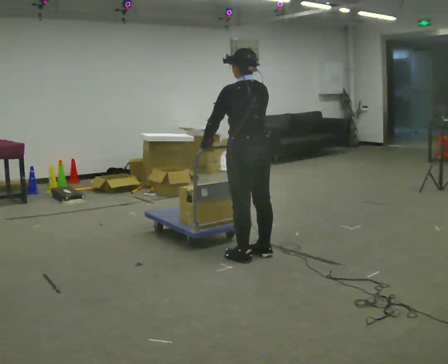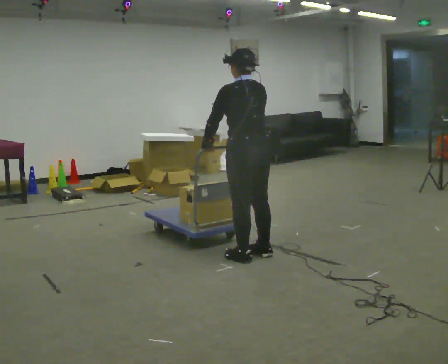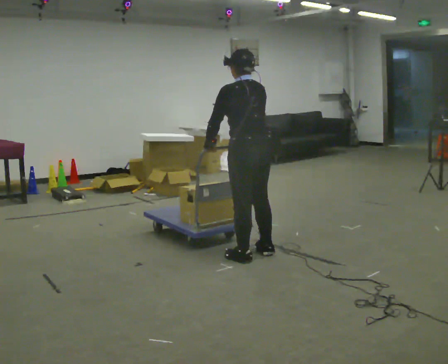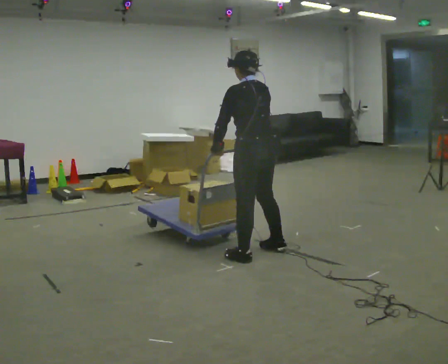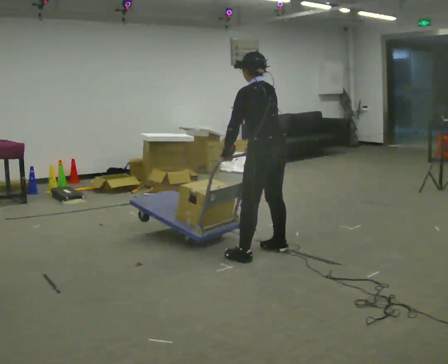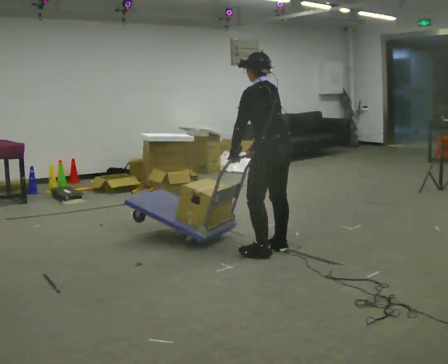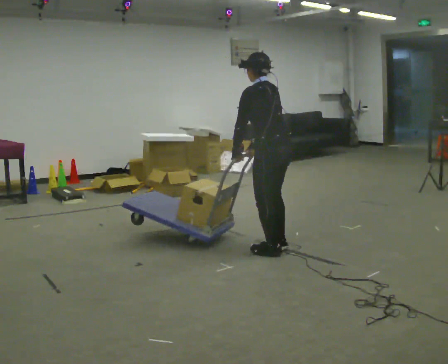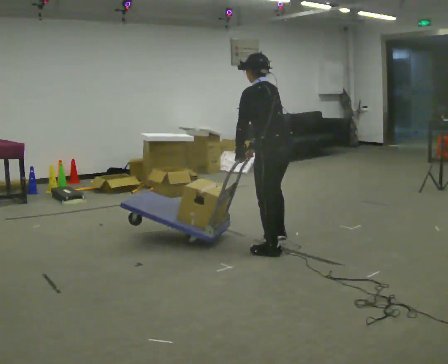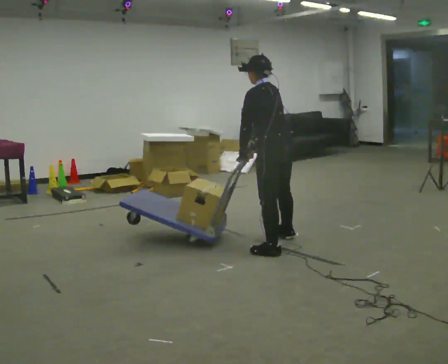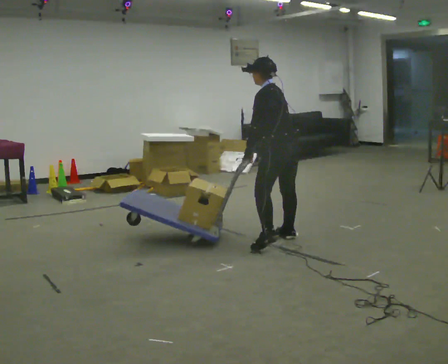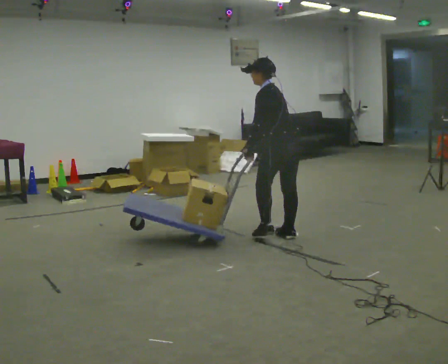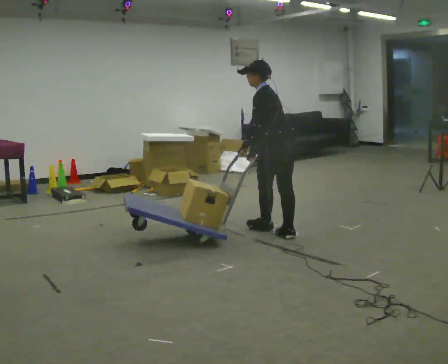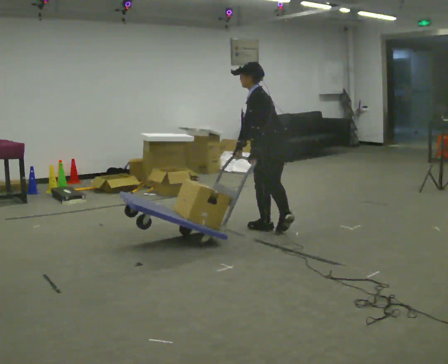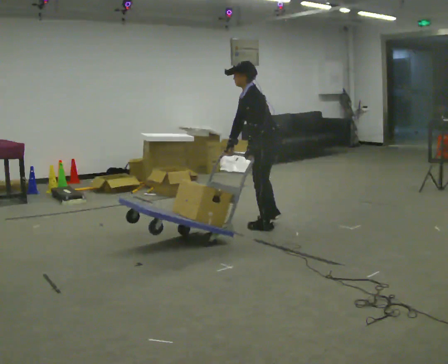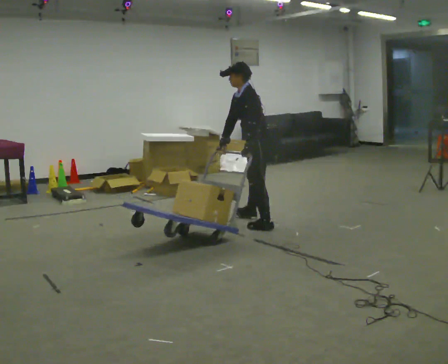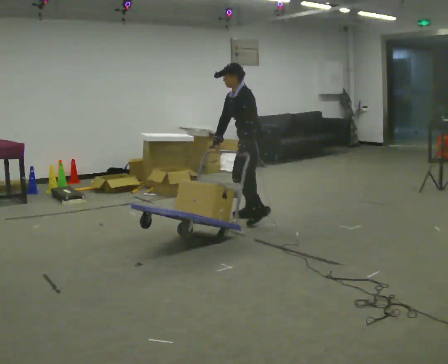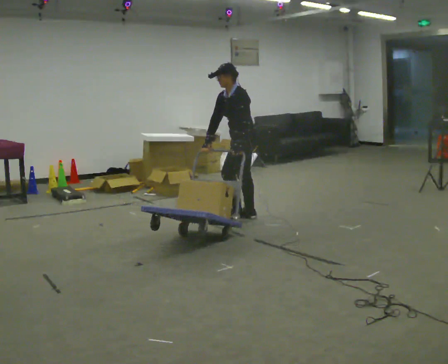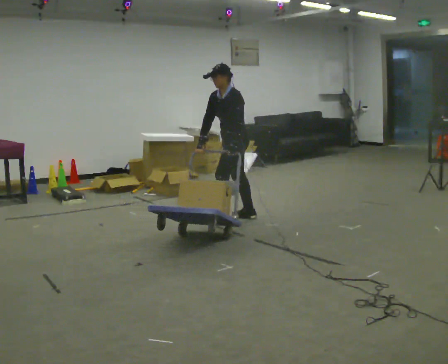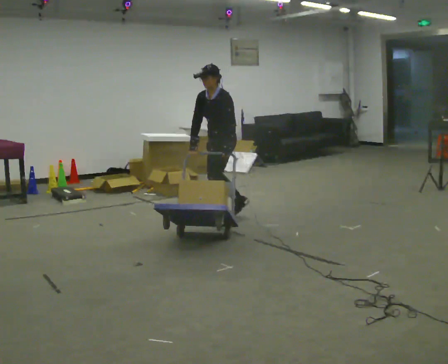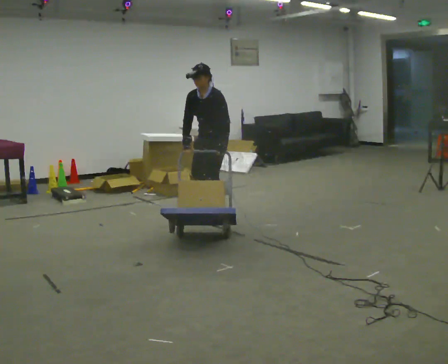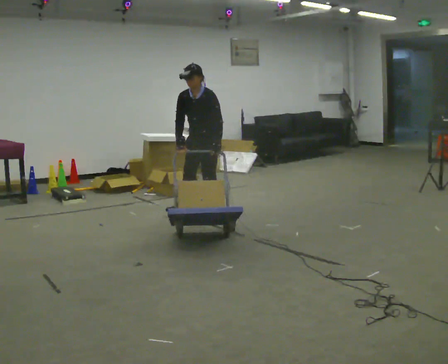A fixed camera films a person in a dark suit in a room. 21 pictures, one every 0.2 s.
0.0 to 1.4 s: In the picture they go away from the camera and to the right, about 0.25 m in 2 steps, which for them is to their right.
1.4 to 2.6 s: In the picture they go away from the camera, about 0.5 m in 2 steps, which for them is forward and to their right.
2.6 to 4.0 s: The person turns about 60 degrees to their left, counterclockwise seen from above, so the part of the body nearest the lens slides to the right. In the picture they go to the left and away from the camera, about 0.5 m in 2 steps. In the picture the upper body tilts clockwise, shoulders to the right.
The film runs forward here.
